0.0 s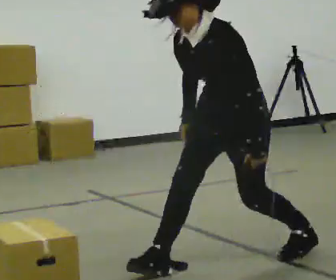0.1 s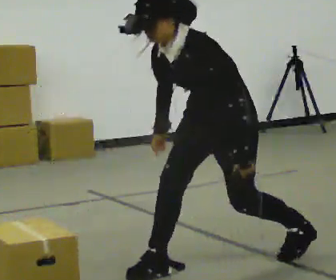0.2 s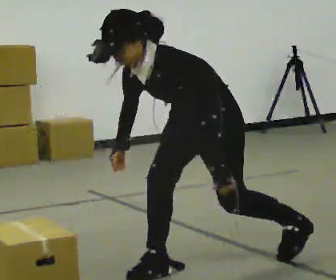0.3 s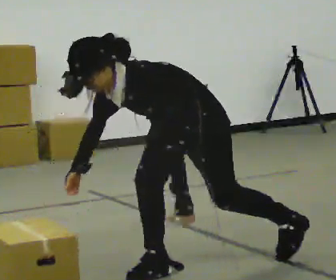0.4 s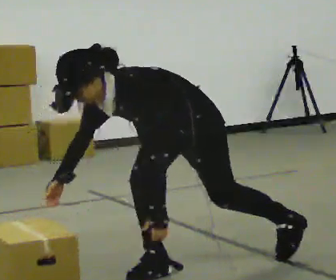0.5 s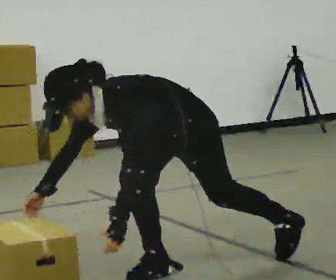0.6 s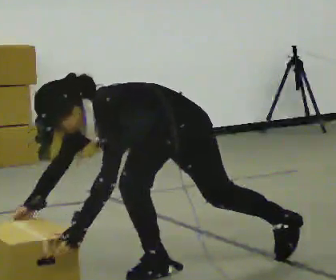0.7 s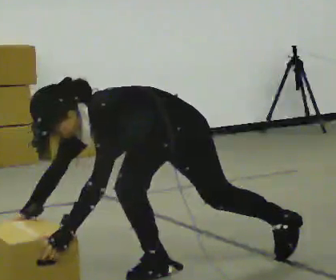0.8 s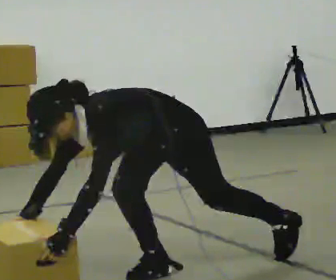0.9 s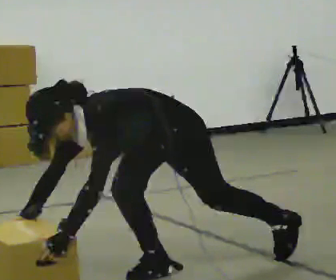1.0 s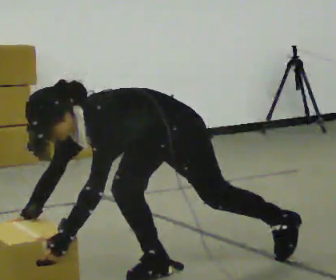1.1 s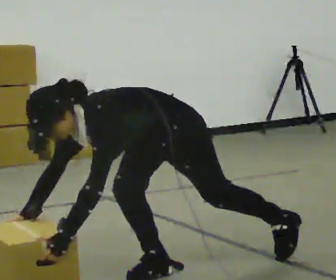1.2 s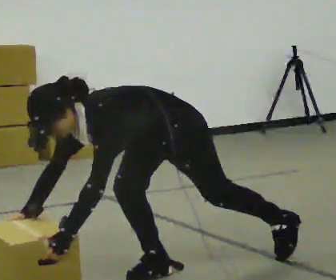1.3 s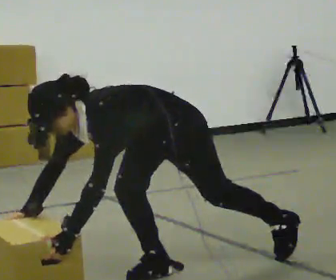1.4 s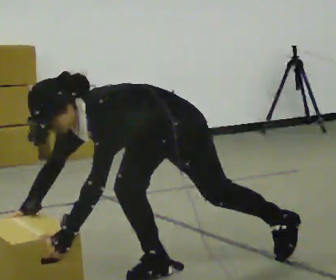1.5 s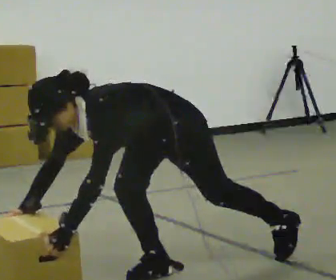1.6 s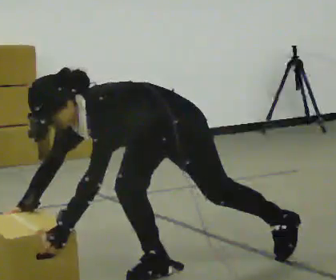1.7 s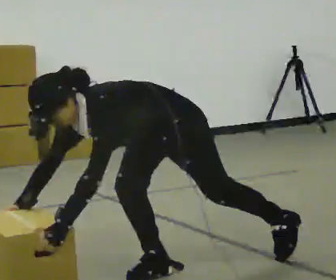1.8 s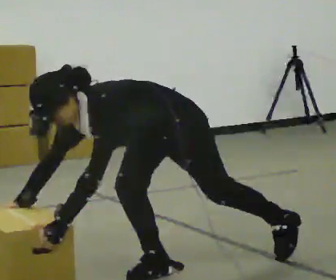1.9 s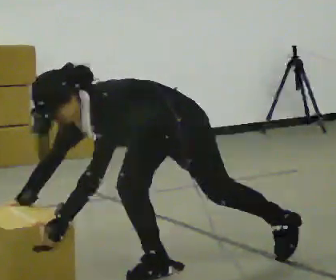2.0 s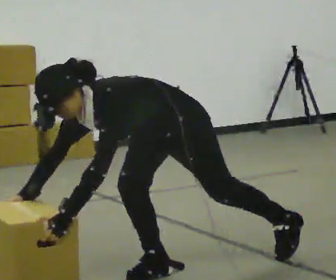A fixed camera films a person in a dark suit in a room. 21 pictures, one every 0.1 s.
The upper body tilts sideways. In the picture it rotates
counterclockwise.
0.0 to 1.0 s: In the picture they go to the left and toward the camera, about 0.25 m, which for them is forward. The upper body goes downward. In the picture the upper body tilts counterclockwise, shoulders to the left, as they bend forward. In the picture their left hand goes downward.
1.0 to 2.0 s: The person moves a little, or ends about where they began.
The film runs backward here.
